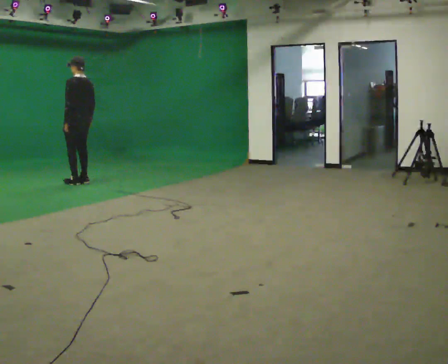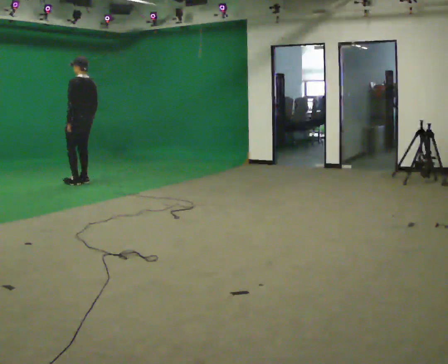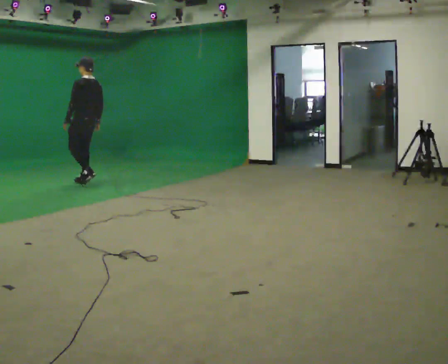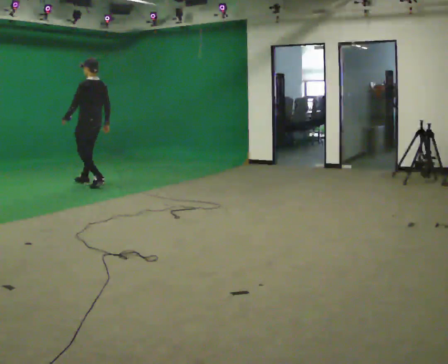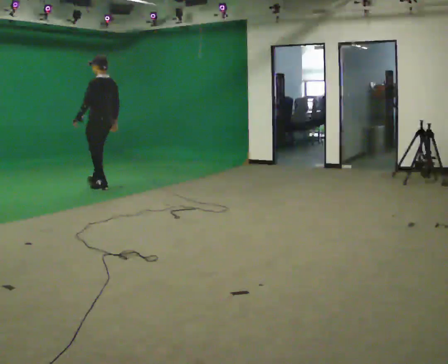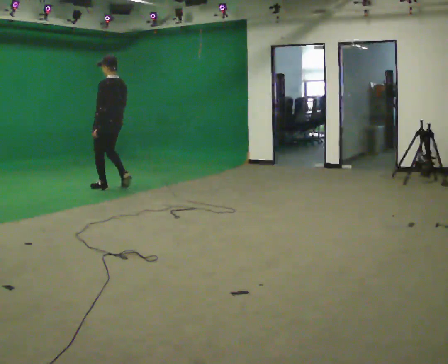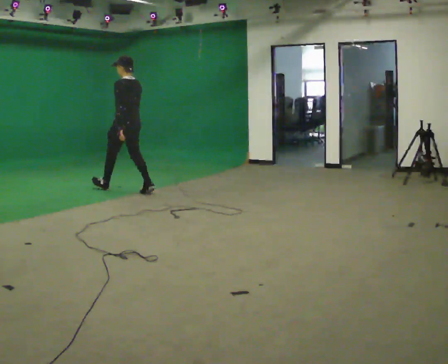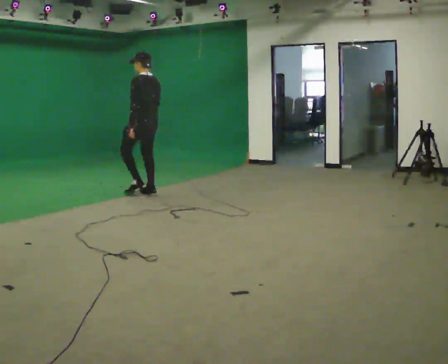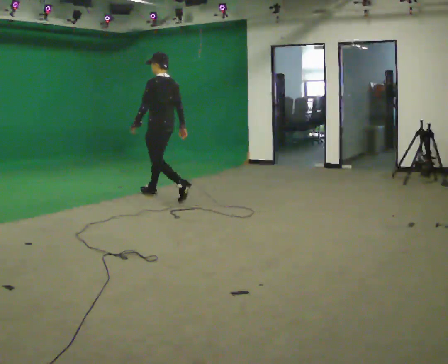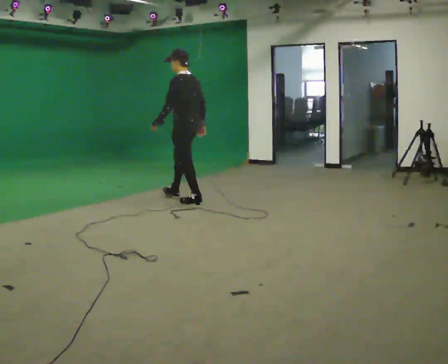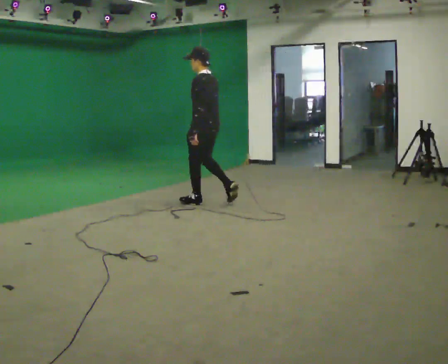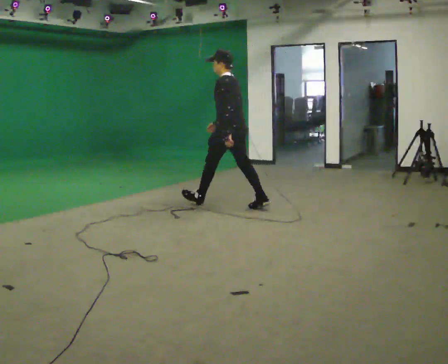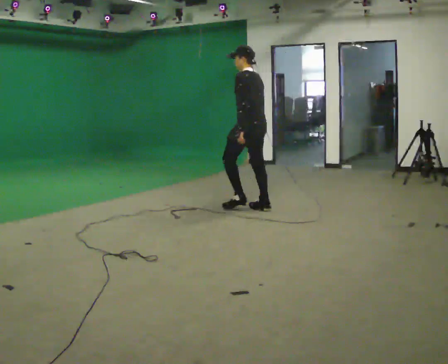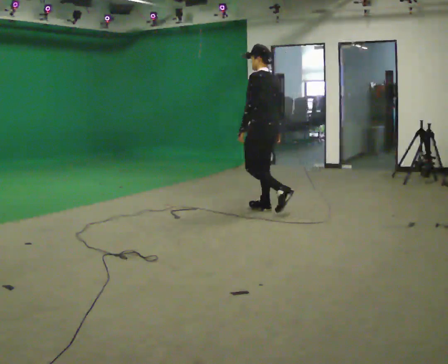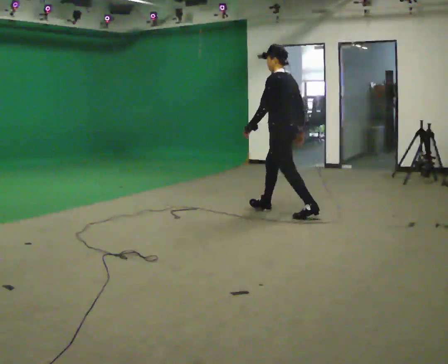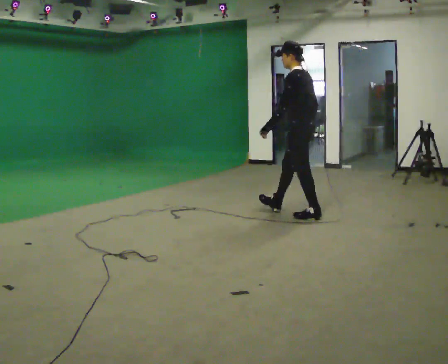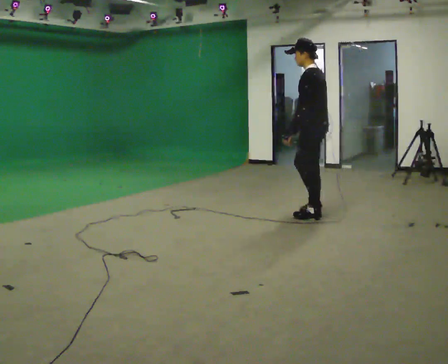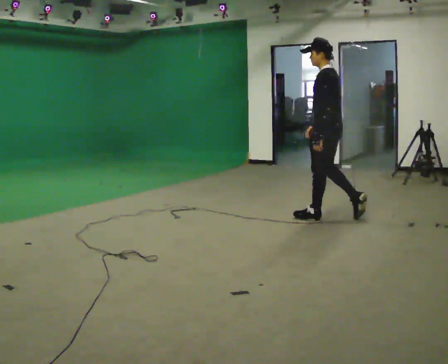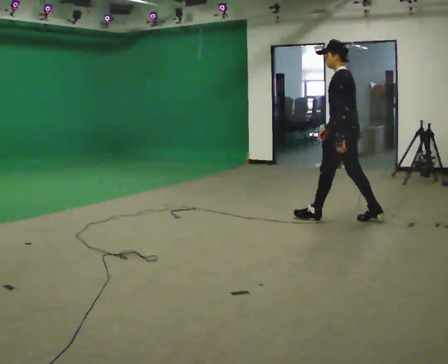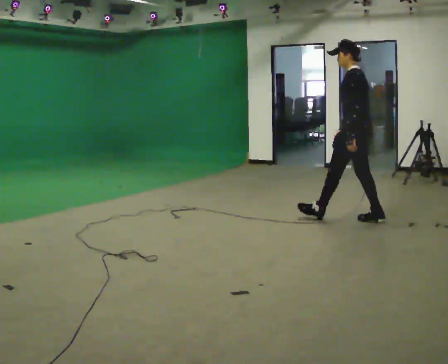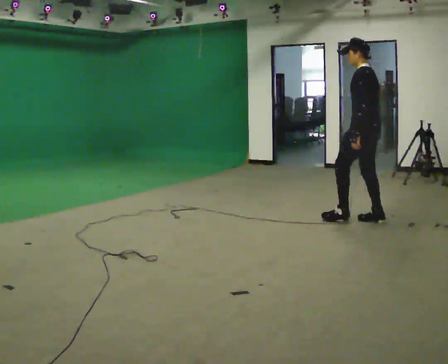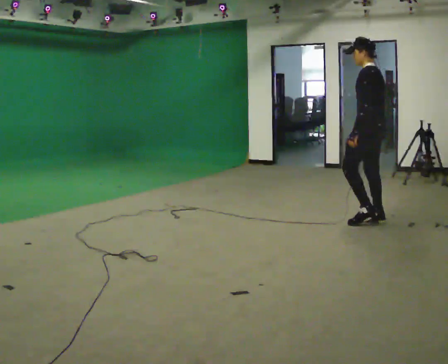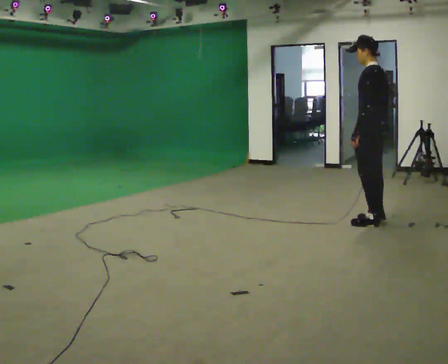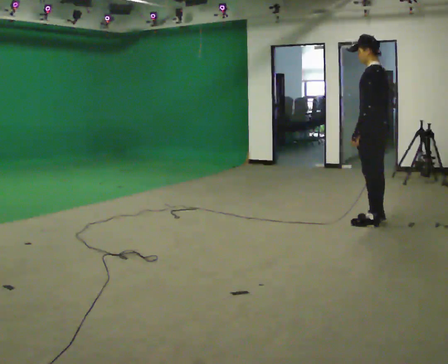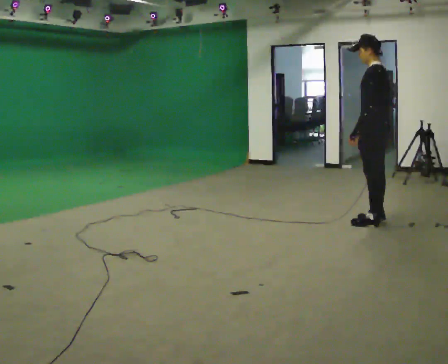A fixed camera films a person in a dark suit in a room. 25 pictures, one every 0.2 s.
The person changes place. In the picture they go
to the right.
0.0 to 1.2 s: In the picture they go to the right and toward the camera, about 1 m in 3 steps, which for them is backward.
1.2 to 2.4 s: In the picture they go to the right and toward the camera, about 2 m in 2 steps, which for them is backward.
2.4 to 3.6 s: In the picture they go to the right and toward the camera, about 1 m in 1 step, which for them is backward.
3.6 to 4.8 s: In the picture they go to the right and toward the camera, about 0.25 m in 1 step, which for them is backward.
The film runs backward here.
